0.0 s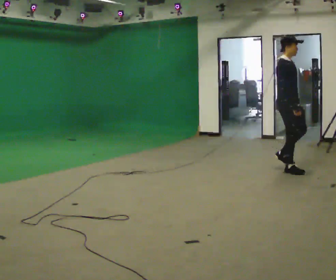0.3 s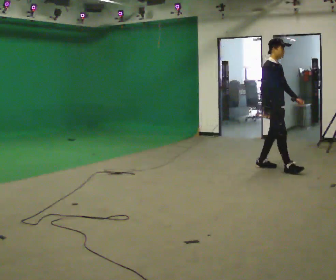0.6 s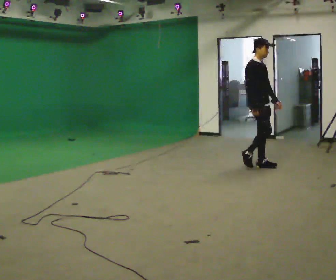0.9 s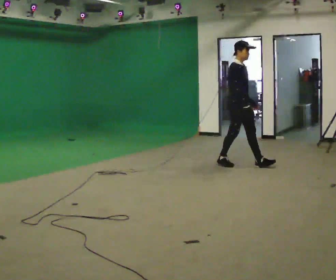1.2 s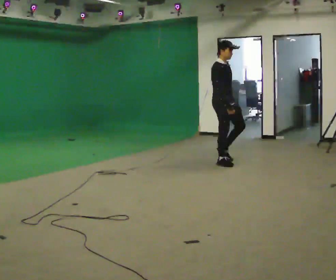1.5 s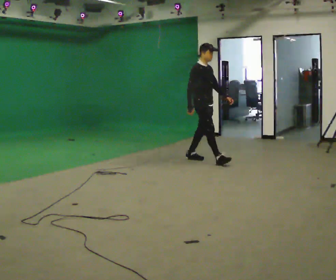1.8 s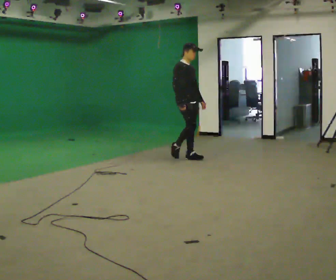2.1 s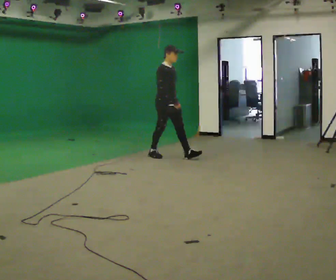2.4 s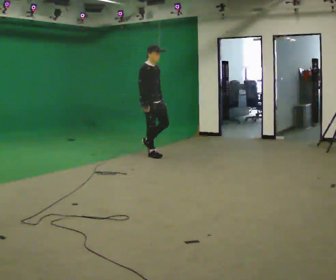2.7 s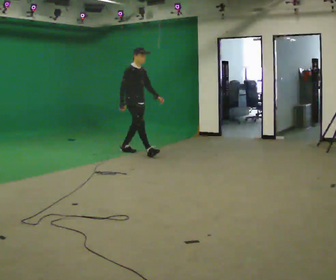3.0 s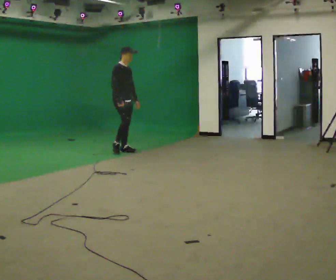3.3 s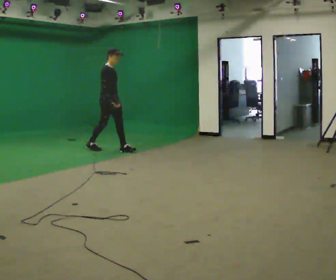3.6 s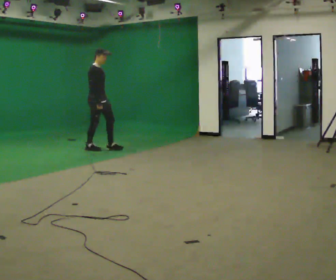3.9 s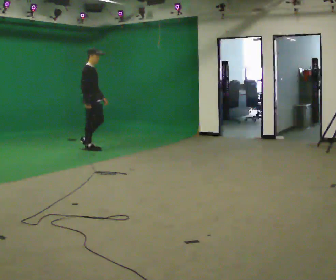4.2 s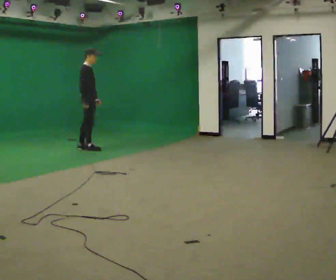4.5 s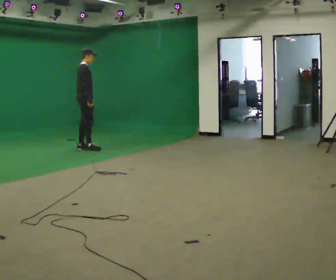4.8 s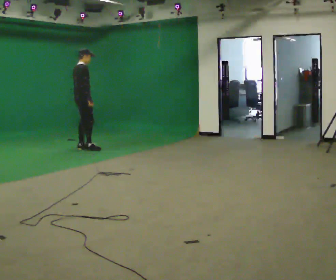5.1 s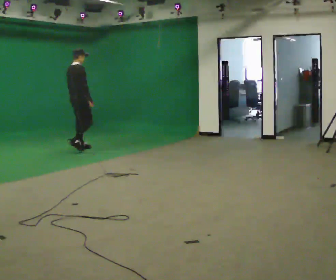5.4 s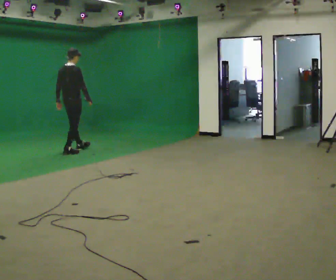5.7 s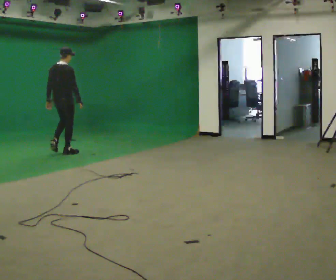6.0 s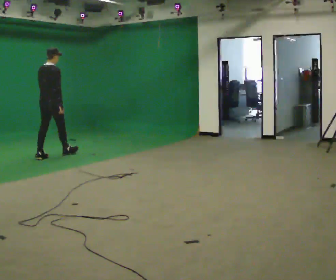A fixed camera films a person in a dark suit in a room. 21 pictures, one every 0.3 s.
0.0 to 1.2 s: In the picture they go to the left and away from the camera, about 1 m in 2 steps, which for them is backward.
1.2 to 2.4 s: In the picture they go to the left and away from the camera, about 1 m in 2 steps, which for them is backward.
2.4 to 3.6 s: In the picture they go to the left and away from the camera, about 1 m in 2 steps, which for them is backward.
3.6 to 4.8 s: Seen from above the body turns counterclockwise, about 45 degrees: to their left, with its near side sliding to the right. In the picture they go to the left, about 0.25 m, which for them is backward.
4.8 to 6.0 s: The person turns about 45 degrees to their left, counterclockwise seen from above, so the part of the body nearest the lens slides to the right. In the picture they go toward the camera and to the left, about 1 m in 2 steps, which for them is backward.
The film runs backward here.
